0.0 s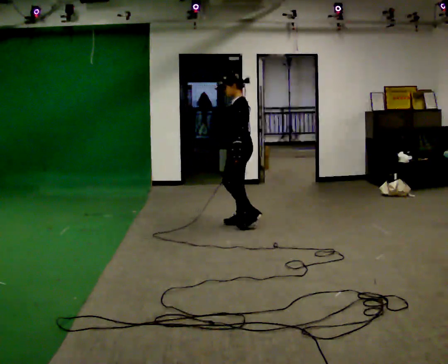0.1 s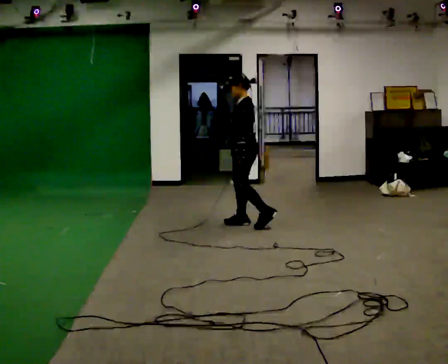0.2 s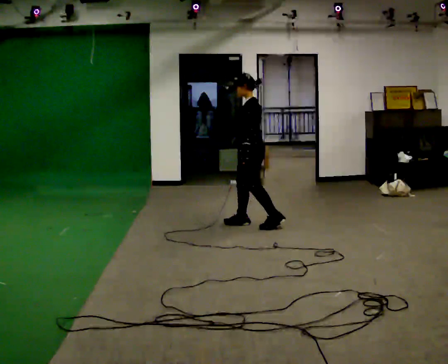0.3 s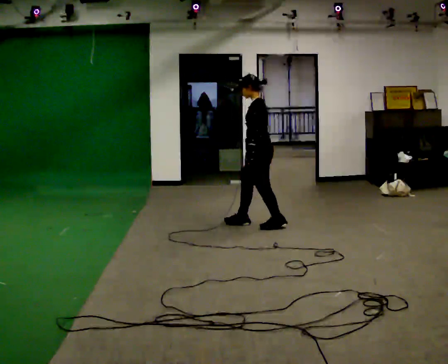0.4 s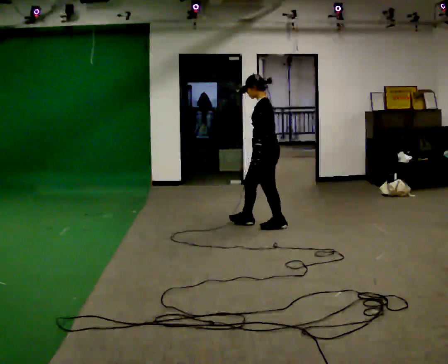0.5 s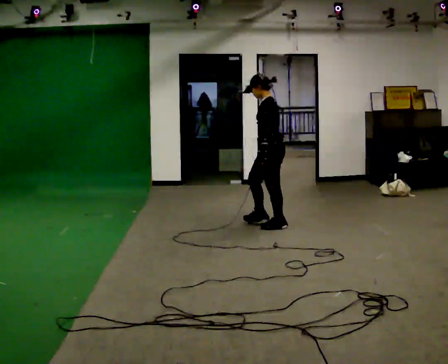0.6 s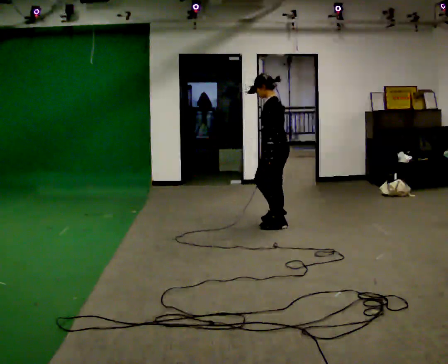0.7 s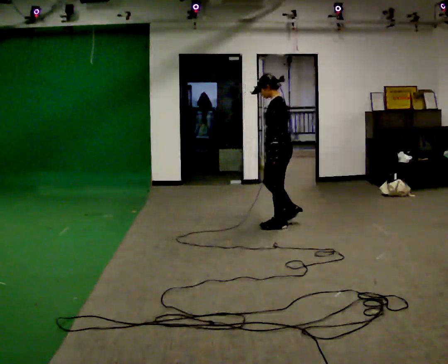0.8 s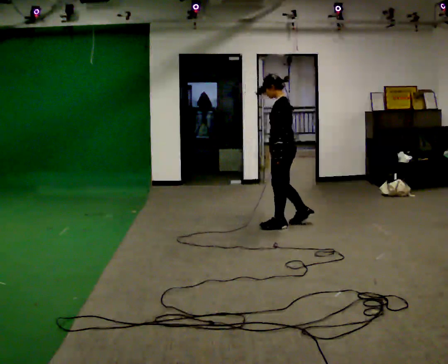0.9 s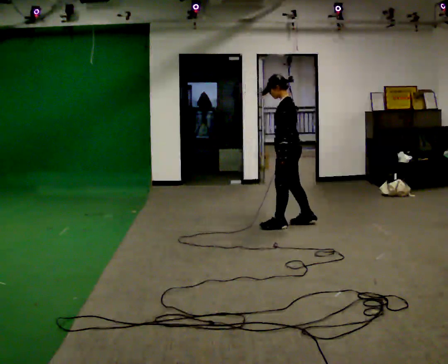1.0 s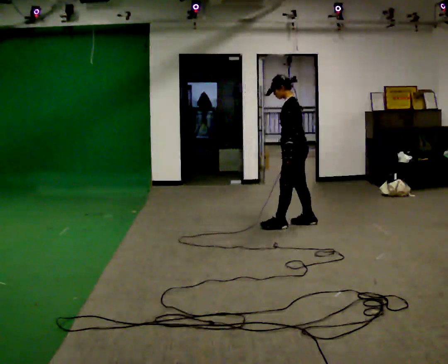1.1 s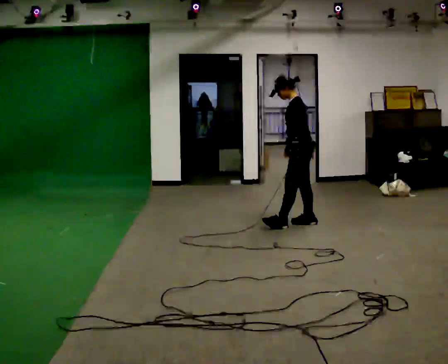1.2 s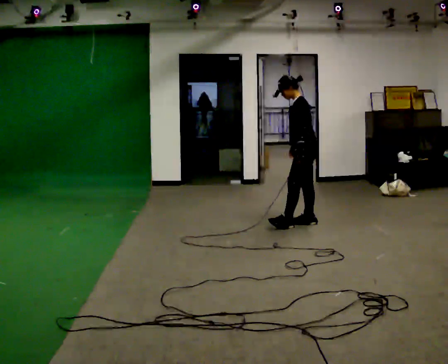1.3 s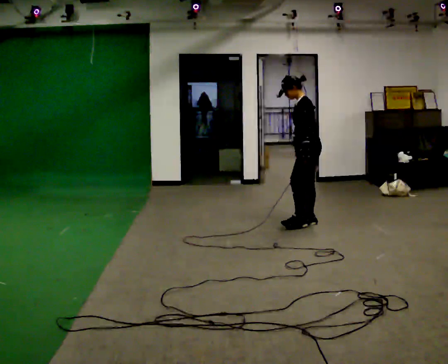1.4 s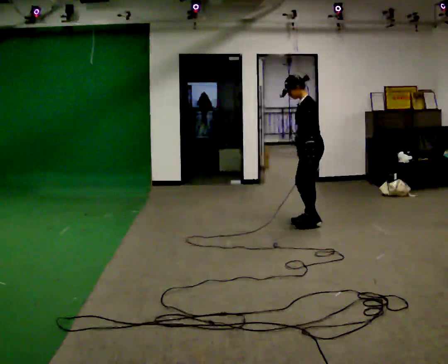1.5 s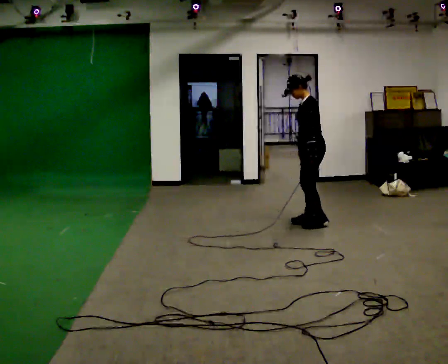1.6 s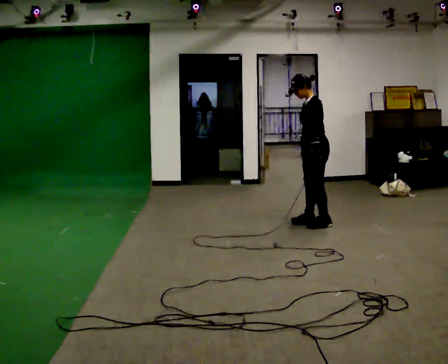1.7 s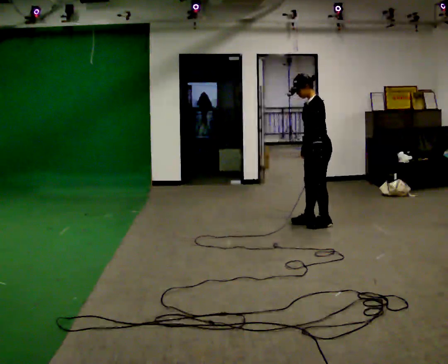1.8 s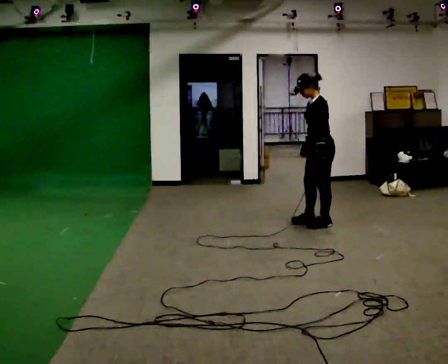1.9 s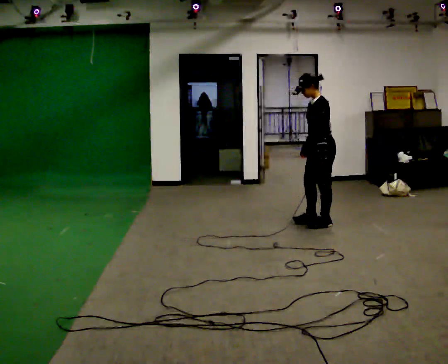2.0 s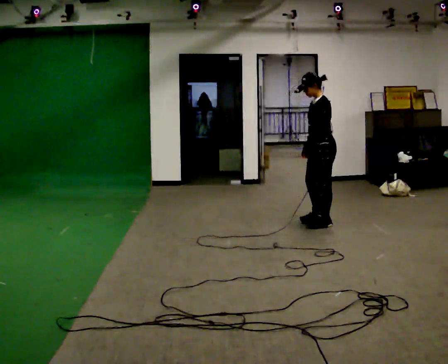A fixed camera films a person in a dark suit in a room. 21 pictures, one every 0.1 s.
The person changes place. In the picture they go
to the right.
0.0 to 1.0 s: In the picture they go to the right, about 0.5 m in 2 steps, which for them is backward.
1.0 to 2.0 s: In the picture they go to the right, about 0.25 m in 1 step, which for them is backward.
The film runs forward here.
